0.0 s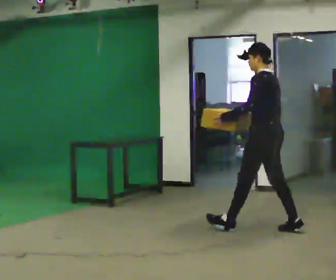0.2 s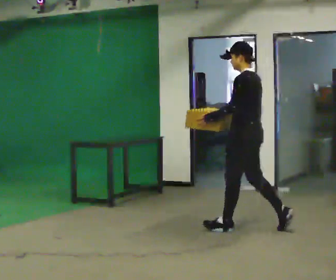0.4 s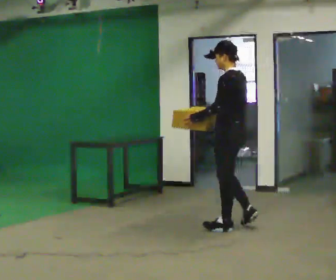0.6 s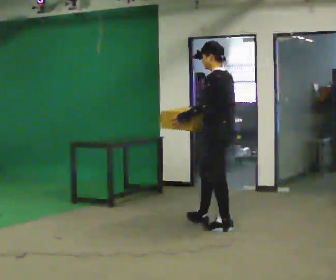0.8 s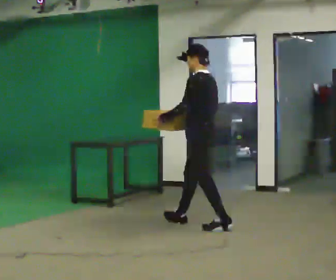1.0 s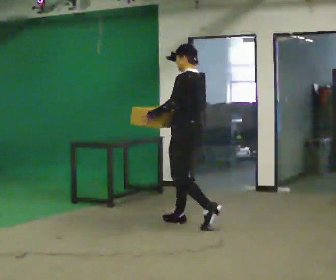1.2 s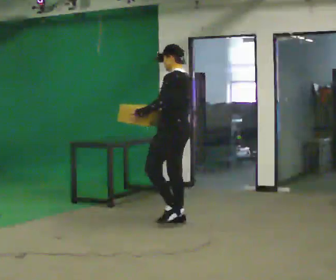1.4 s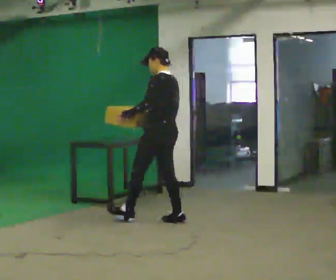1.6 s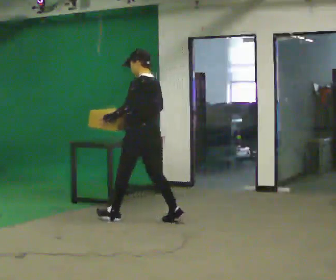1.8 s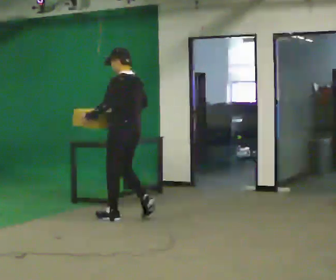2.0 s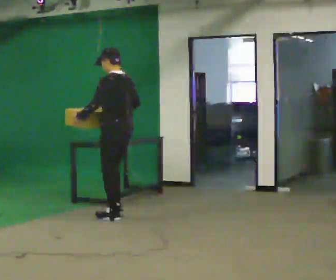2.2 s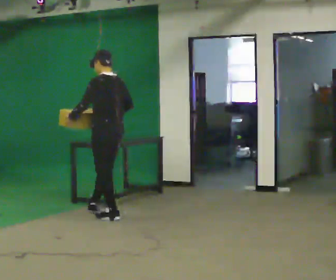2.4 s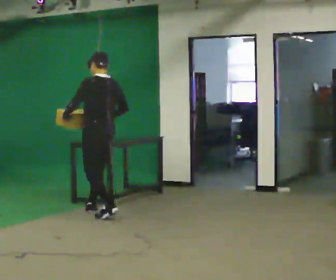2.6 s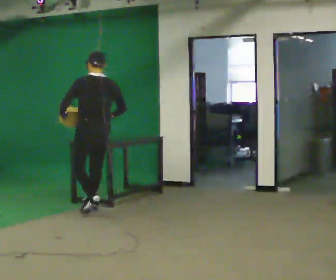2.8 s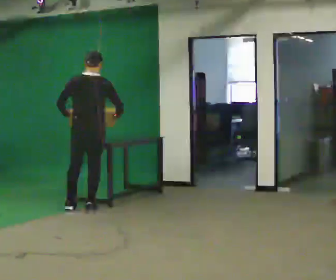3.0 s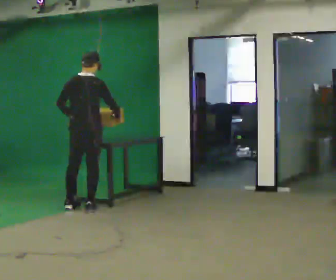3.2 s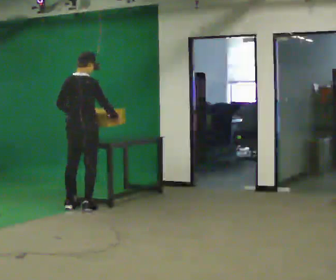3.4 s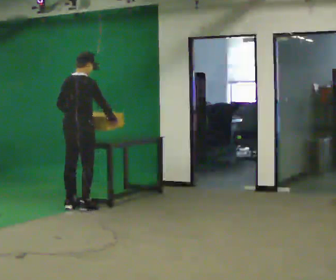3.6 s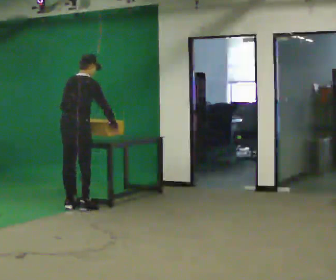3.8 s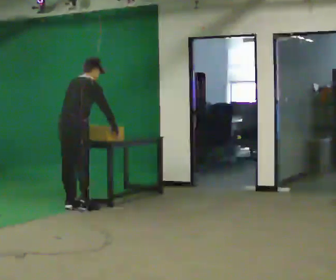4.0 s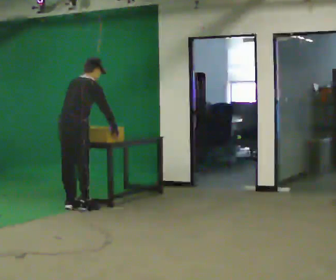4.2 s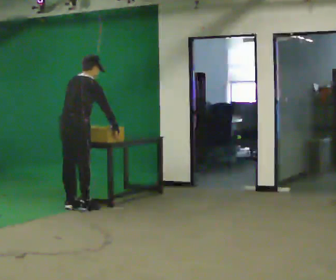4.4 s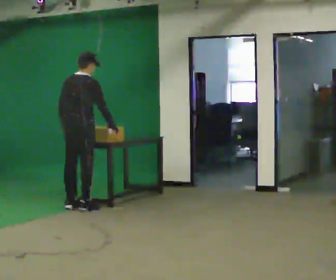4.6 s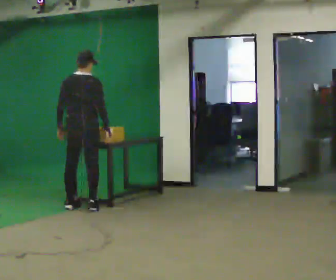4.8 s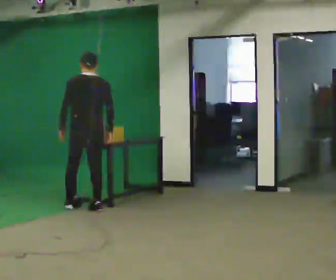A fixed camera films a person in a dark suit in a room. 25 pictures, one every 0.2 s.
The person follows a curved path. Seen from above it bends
clockwise.
The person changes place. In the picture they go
to the left.
0.0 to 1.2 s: In the picture they go to the left and away from the camera, about 1 m in 1 step, which for them is forward.
1.2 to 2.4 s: In the picture they go to the left and away from the camera, about 1 m in 2 steps, which for them is forward.
2.4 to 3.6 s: Seen from above the body turns clockwise, about 75 degrees: to their right, with its near side sliding to the left. In the picture they go to the left and away from the camera, about 0.5 m in 1 step. The upper body tips away from the camera, its near side rolling upward, as they bend forward.
3.6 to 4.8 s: The part of the body nearest the lens slides to the right as the person turns to their left by about 45 degrees. In the picture they go to the right, about 0.25 m in 1 step, which for them is to their right.
The film runs forward here.
